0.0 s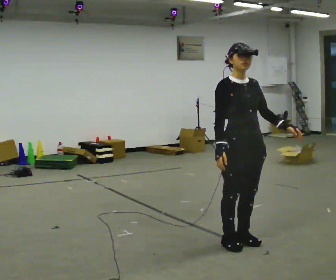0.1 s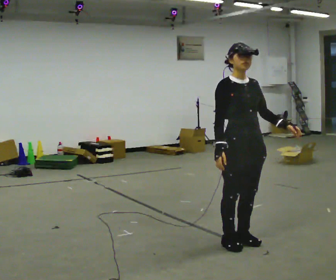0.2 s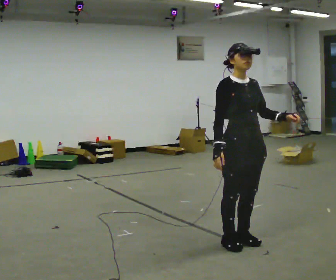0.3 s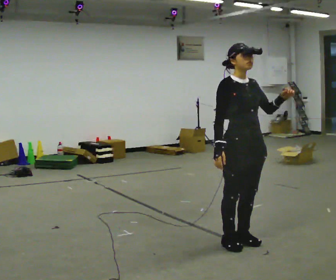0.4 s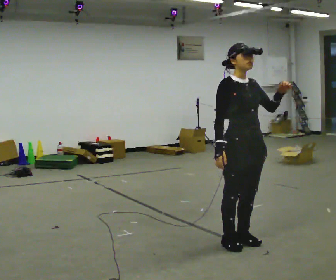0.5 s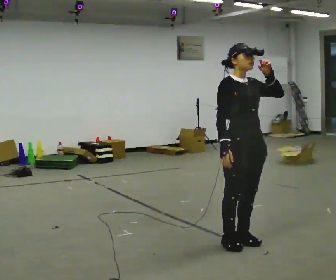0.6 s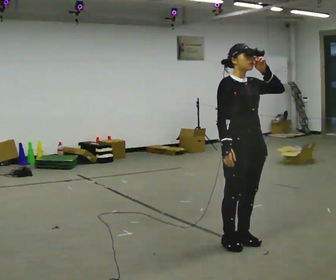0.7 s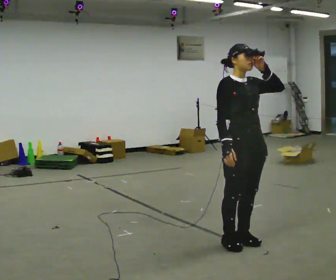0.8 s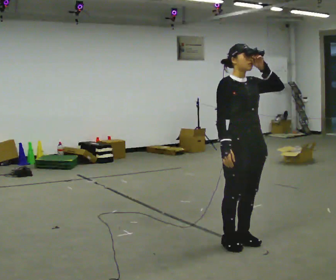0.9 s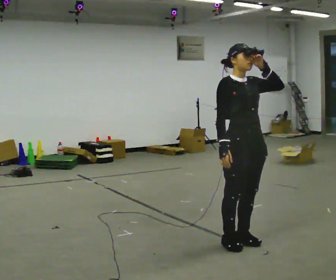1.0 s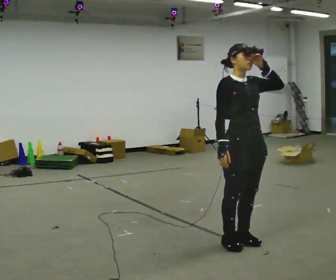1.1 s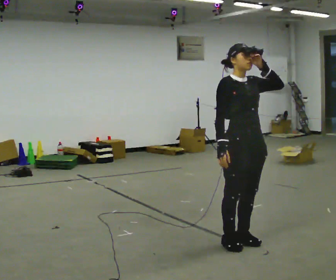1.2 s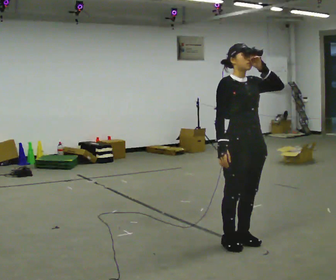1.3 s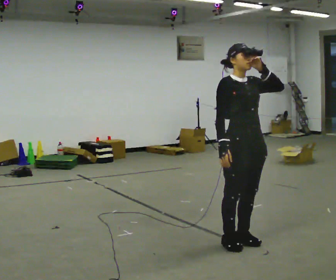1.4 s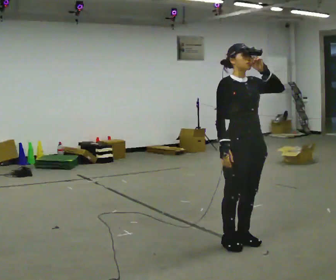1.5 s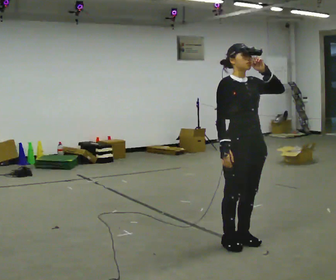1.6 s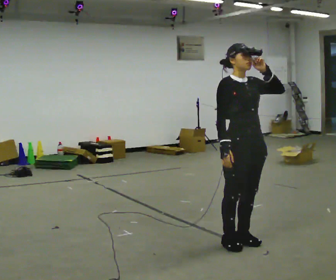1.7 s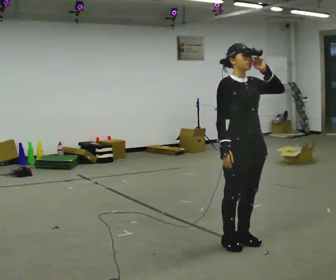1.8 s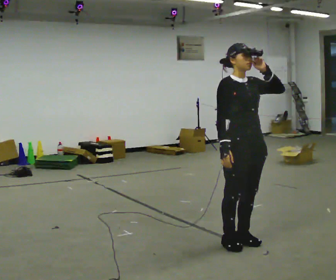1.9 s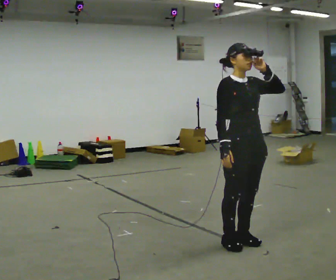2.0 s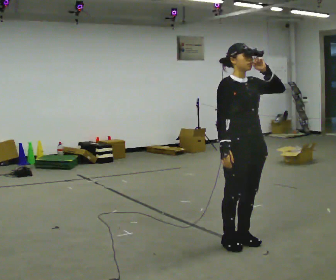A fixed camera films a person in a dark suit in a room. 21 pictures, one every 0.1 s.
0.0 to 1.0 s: In the picture their left hand goes upward.
1.0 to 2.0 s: The person moves a little, or ends about where they began.
The film runs forward here.
